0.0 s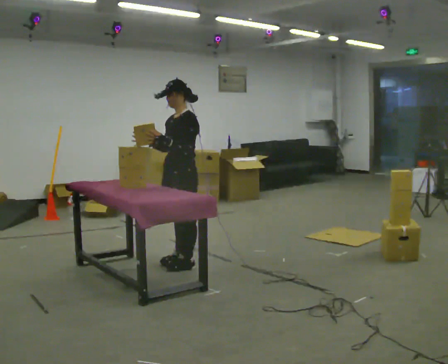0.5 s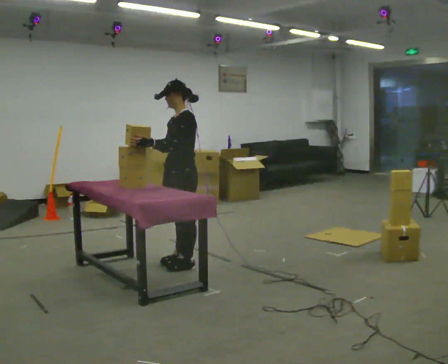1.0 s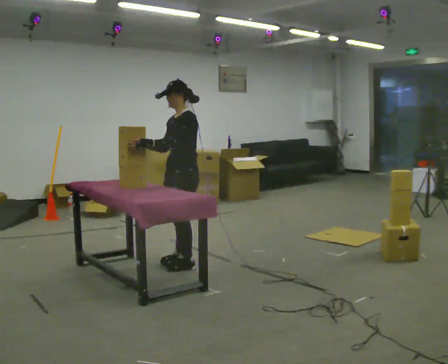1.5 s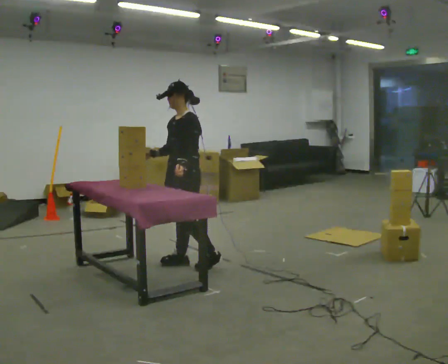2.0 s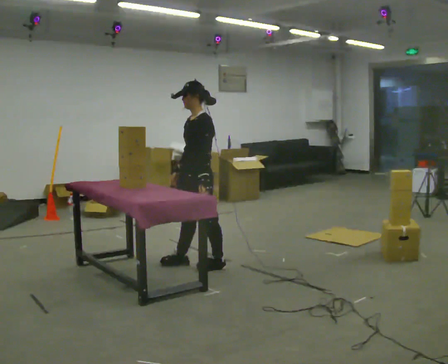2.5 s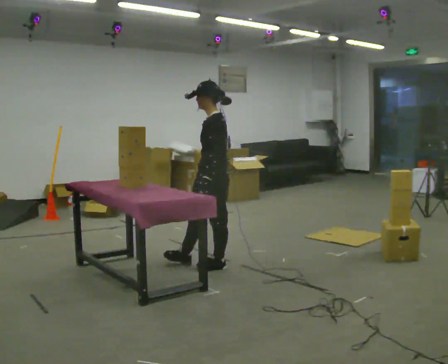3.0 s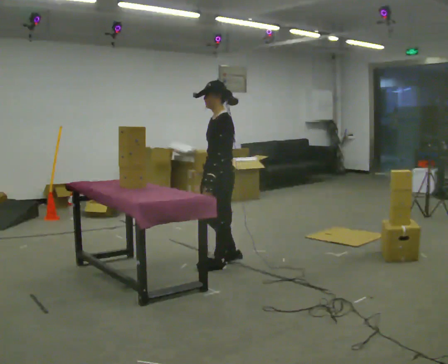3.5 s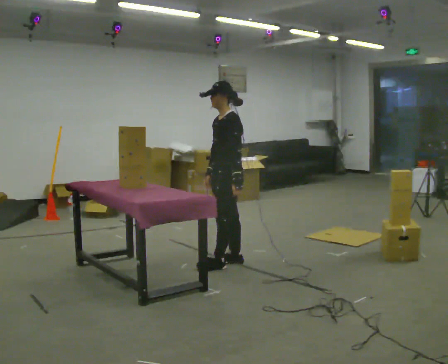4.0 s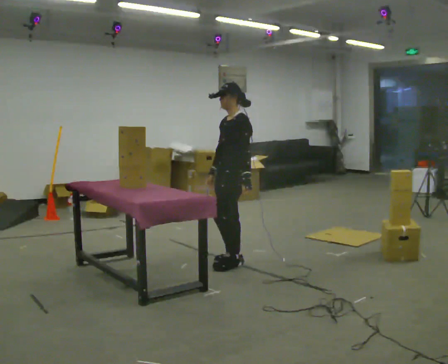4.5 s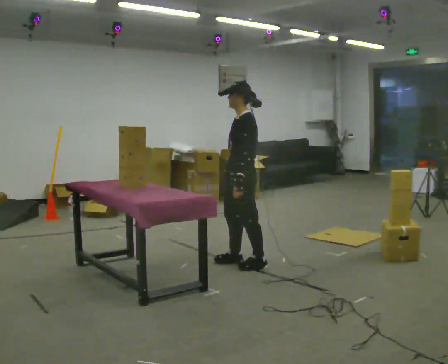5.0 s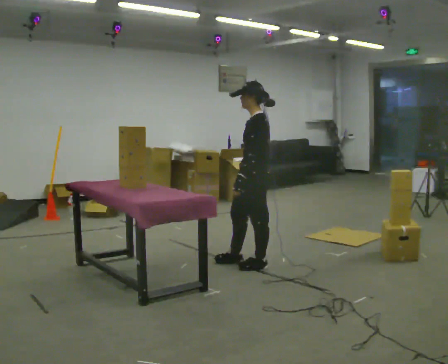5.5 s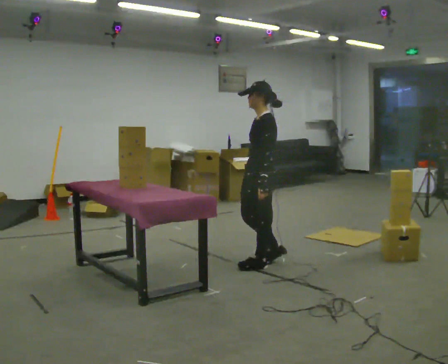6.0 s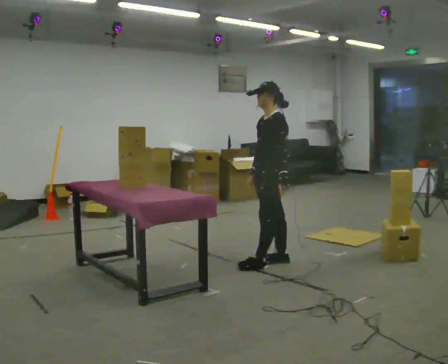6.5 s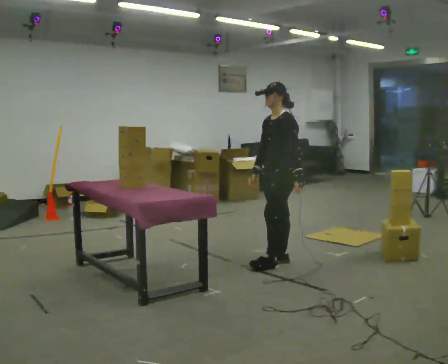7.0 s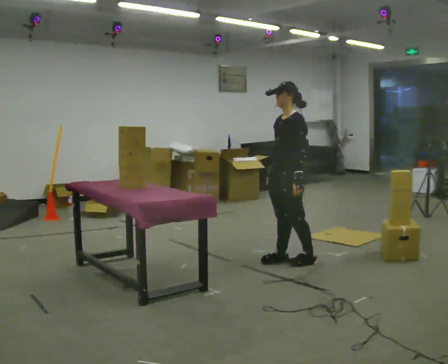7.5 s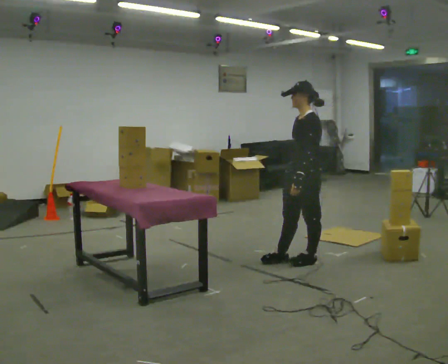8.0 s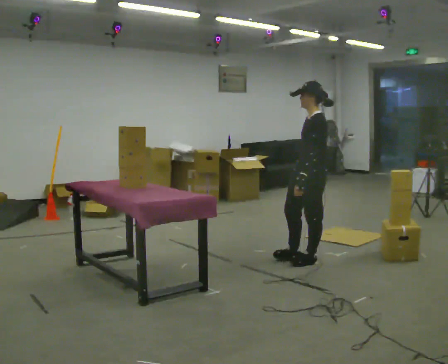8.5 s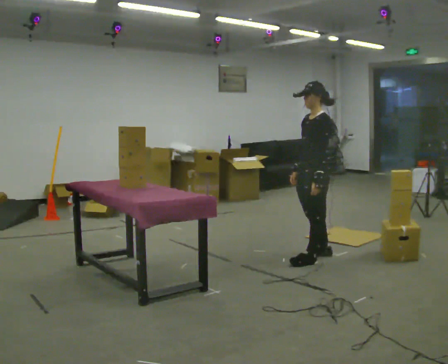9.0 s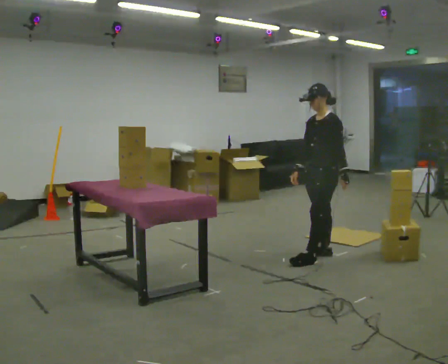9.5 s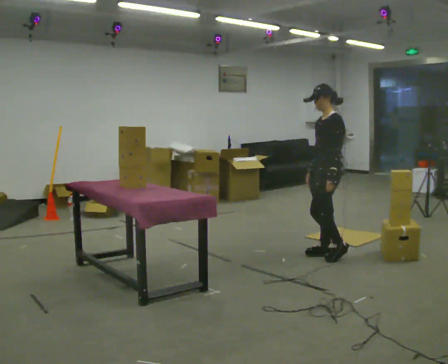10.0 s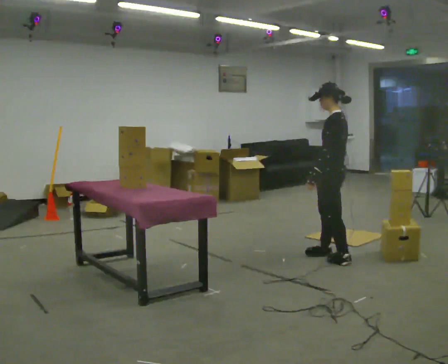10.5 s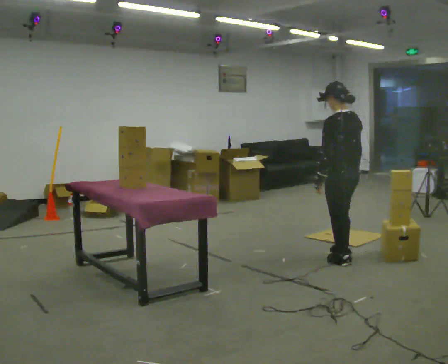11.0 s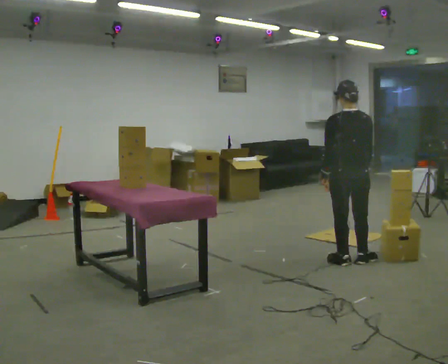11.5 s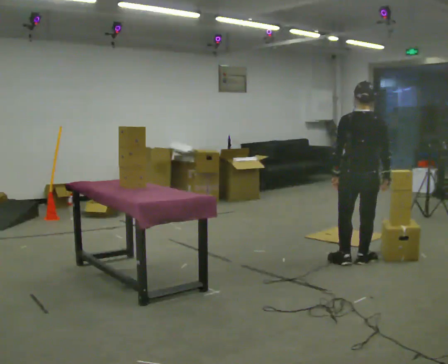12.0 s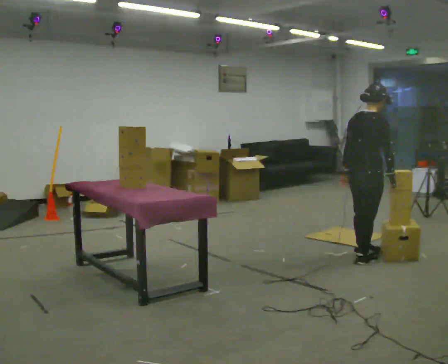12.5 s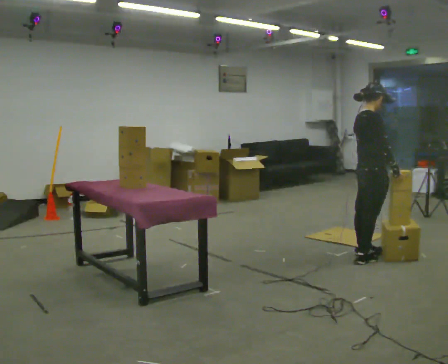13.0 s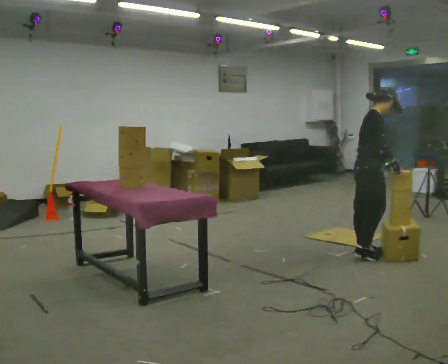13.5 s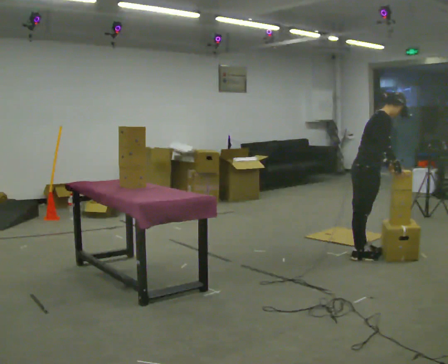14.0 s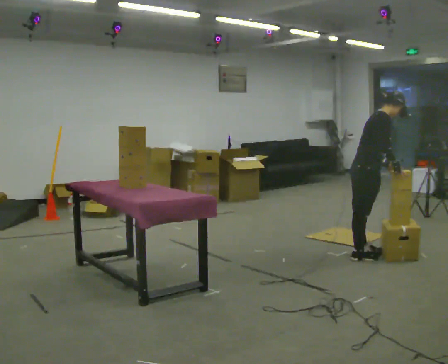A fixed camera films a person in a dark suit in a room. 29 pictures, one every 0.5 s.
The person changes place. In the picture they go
to the right.
0.0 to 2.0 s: In the picture their left hand goes to the right.
2.0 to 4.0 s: In the picture they go to the right, about 0.25 m in 2 steps, which for them is backward.
4.0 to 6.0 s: In the picture they go to the right, about 0.25 m in 1 step, which for them is backward.
6.0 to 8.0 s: In the picture they go to the right, about 0.25 m in 2 steps, which for them is backward and to their left.
8.0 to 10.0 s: In the picture they go to the right, about 0.25 m in 1 step, which for them is backward.
10.0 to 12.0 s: The part of the body nearest the lens slides to the left as the person turns to their right by about 120 degrees. In the picture they go to the right, about 0.25 m in 2 steps.
12.0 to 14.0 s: The person turns about 45 degrees to their right, clockwise seen from above, so the part of the body nearest the lens slides to the left. In the picture they go away from the camera, about 0.25 m, which for them is to their left. In the picture their left hand goes to the right.
The film runs backward here.
